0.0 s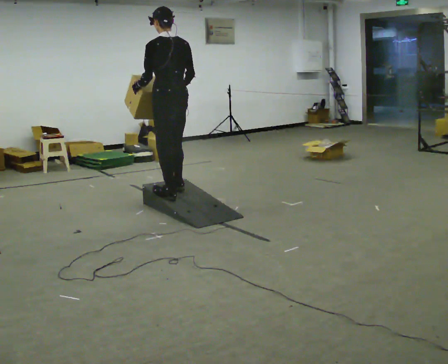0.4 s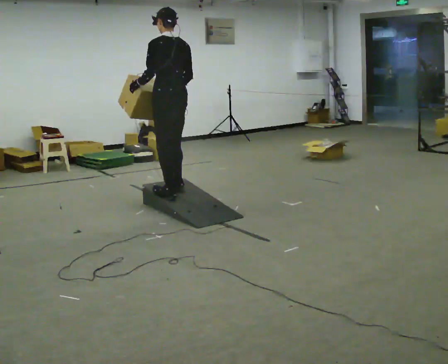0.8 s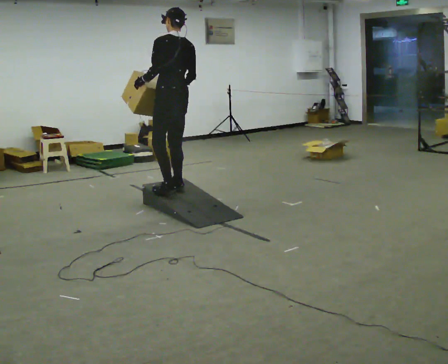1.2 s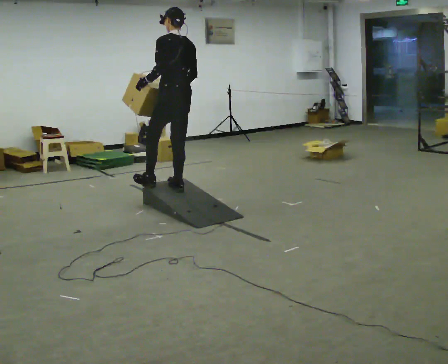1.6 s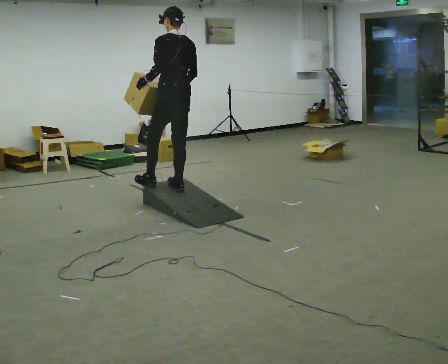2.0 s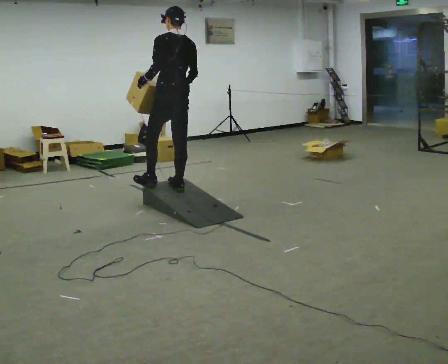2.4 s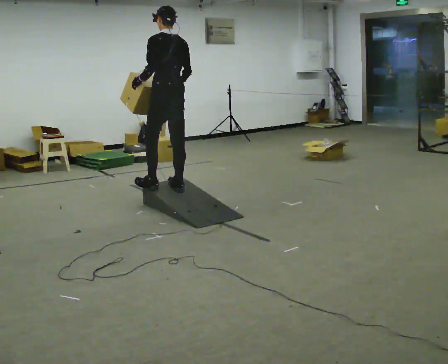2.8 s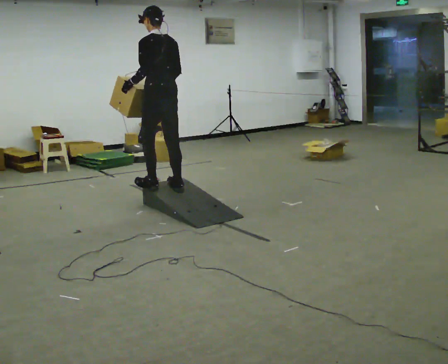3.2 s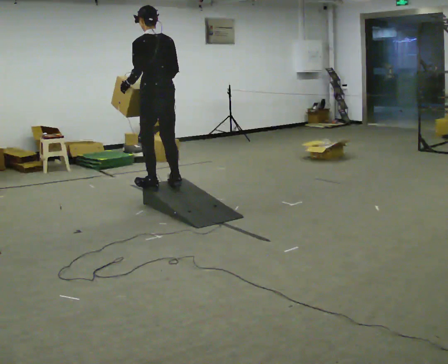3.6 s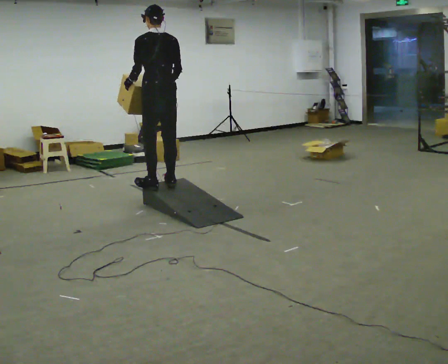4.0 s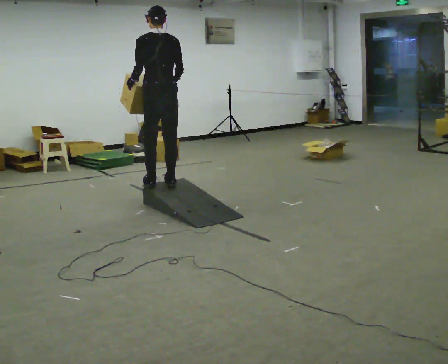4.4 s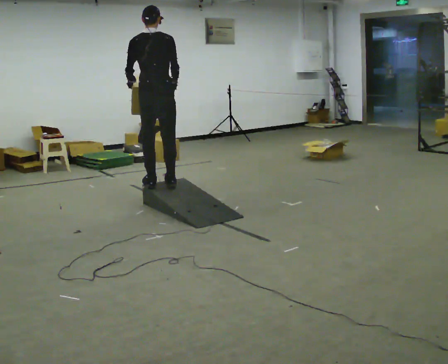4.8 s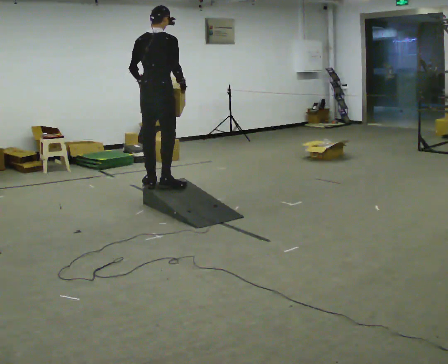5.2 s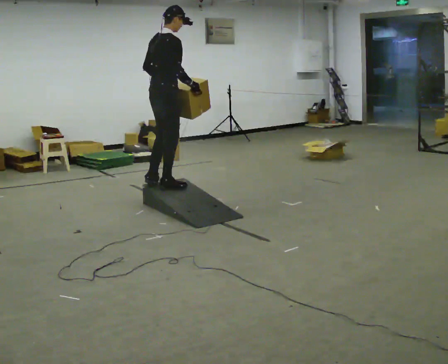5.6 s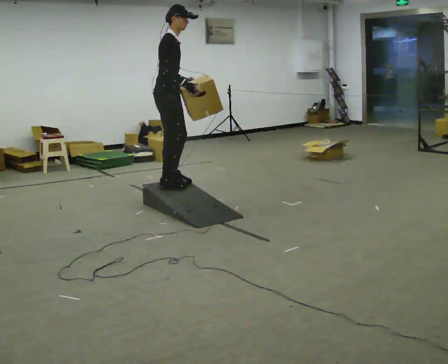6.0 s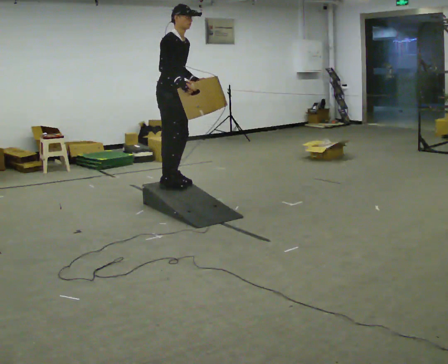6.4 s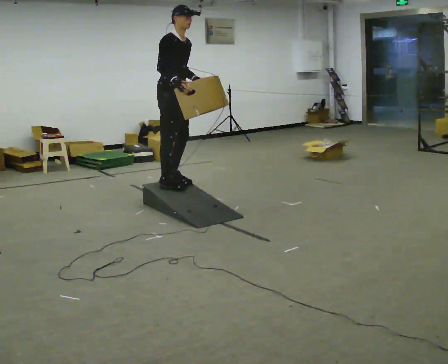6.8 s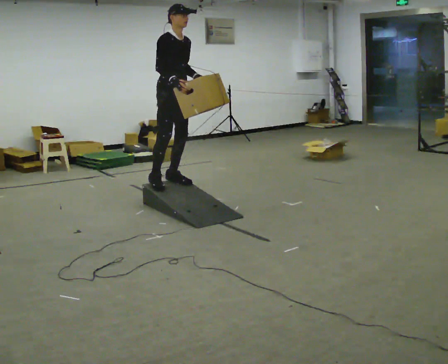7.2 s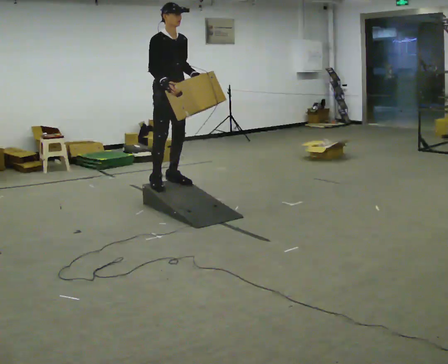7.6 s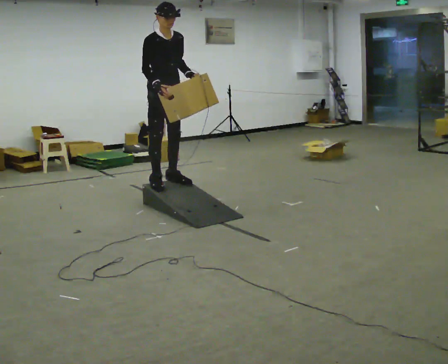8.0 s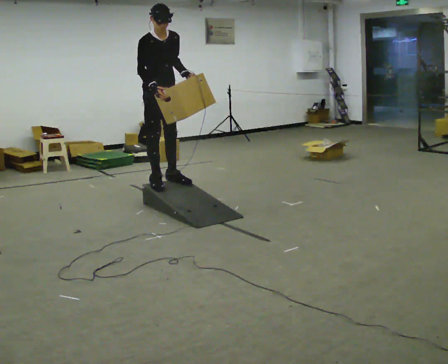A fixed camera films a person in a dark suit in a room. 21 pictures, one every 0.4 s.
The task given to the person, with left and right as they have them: Carry the box up the ramp, turn at the top, and carry it back down. Keep going until the operator says stop; one object at a time, and do not rush between trips.
0.0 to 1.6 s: In the picture they go away from the camera, about 0.25 m in 1 step, which for them is to their right.
1.6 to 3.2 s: In the picture they go to the left, about 0.25 m, which for them is to their left.
3.2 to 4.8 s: The part of the body nearest the lens slides to the left as the person turns to their right by about 45 degrees. In the picture the upper body tilts clockwise, shoulders to the right.
4.8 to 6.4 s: The part of the body nearest the lens slides to the left as the person turns to their right by about 105 degrees. In the picture they go away from the camera, about 0.25 m in 1 step.
6.4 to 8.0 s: The upper body tips toward the camera, its near side rolling downward.
The film runs forward here.
